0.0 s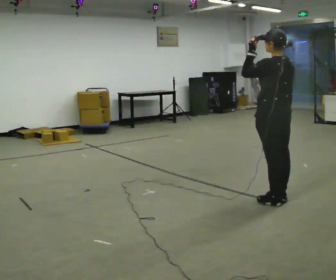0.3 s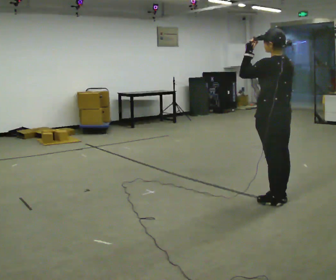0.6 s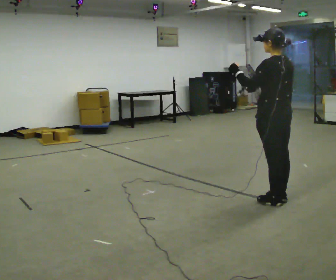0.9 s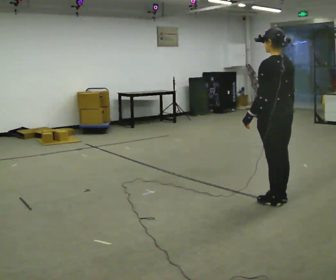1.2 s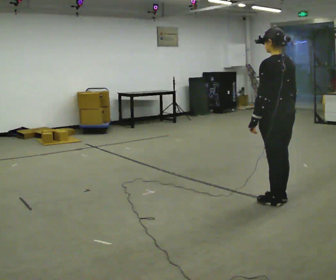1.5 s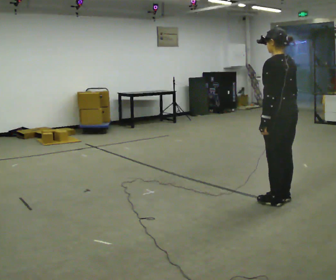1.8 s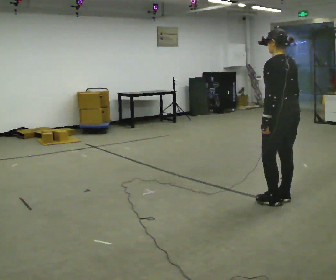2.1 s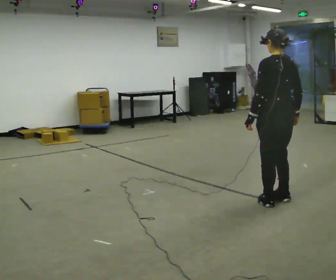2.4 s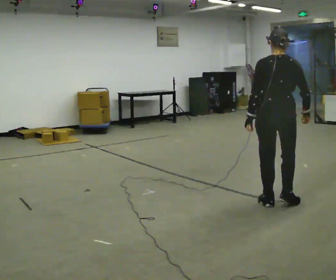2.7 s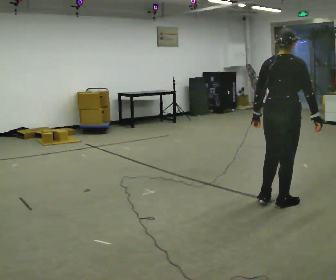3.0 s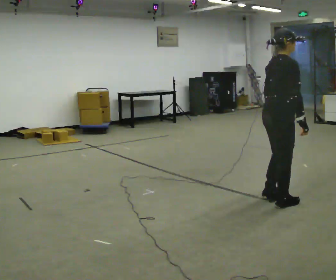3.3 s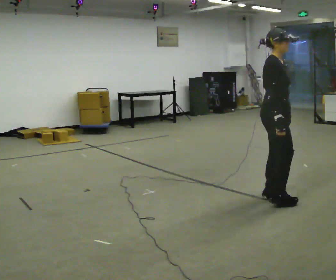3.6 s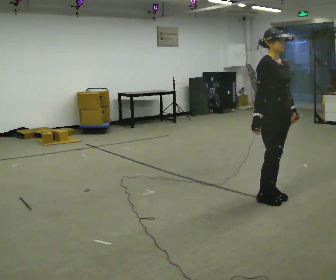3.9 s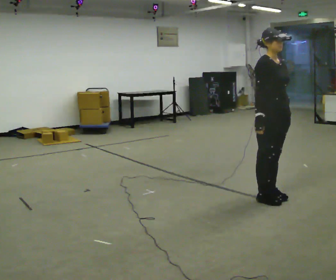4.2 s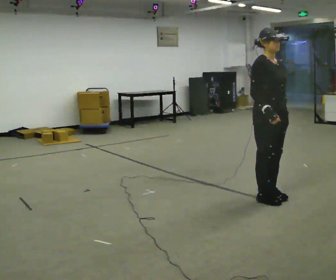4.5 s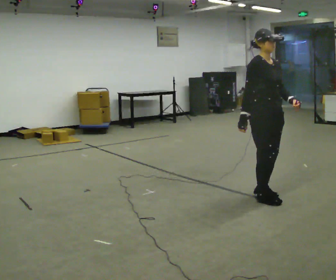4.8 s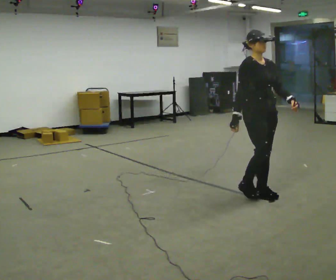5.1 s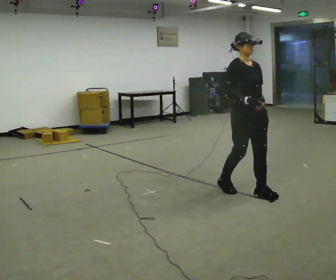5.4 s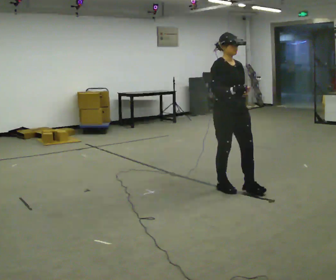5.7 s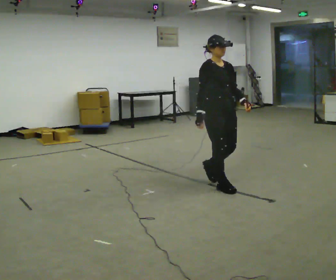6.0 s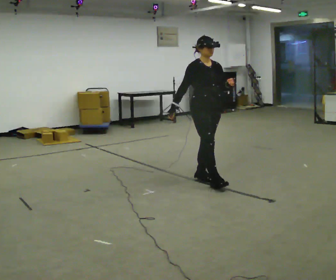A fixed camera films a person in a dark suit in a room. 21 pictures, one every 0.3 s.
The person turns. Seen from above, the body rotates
clockwise.
The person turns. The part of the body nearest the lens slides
to the left.
0.0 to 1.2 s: In the picture their left hand goes downward.
1.2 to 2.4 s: Seen from above the body turns clockwise, about 30 degrees: to their right, with its near side sliding to the left.
2.4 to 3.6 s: The person turns about 135 degrees to their right, clockwise seen from above, so the part of the body nearest the lens slides to the left. In the picture they go away from the camera, about 0.25 m in 2 steps. In the picture their right hand goes to the left.
3.6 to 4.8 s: The person moves a little, or ends about where they began.
4.8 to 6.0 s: In the picture they go to the left and away from the camera, about 0.5 m in 2 steps, which for them is backward.
The film runs backward here.
